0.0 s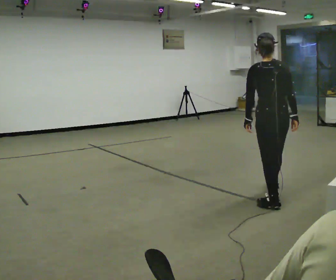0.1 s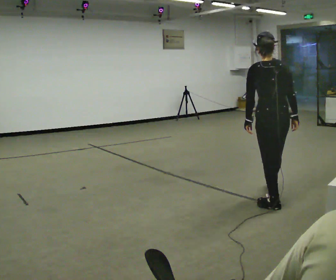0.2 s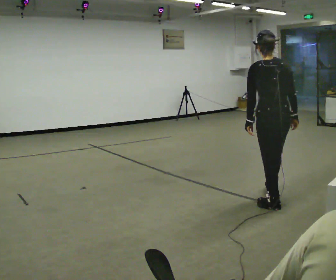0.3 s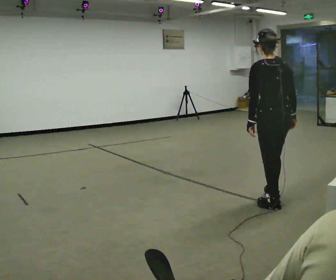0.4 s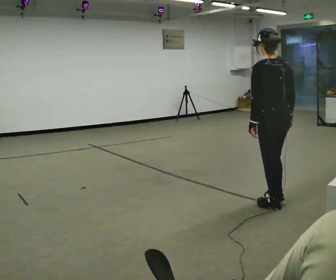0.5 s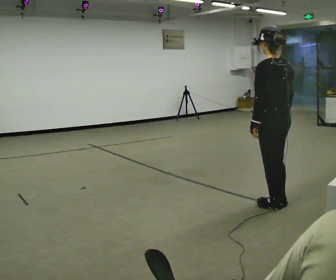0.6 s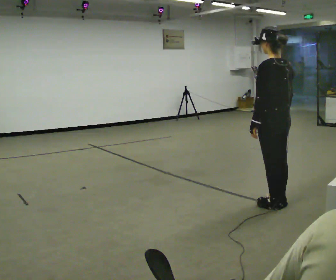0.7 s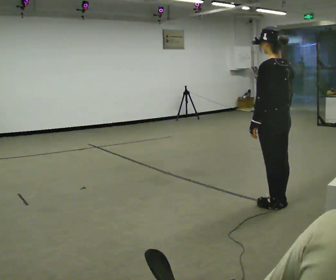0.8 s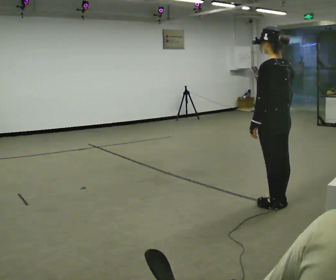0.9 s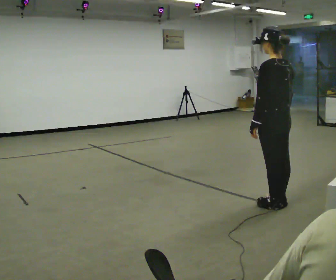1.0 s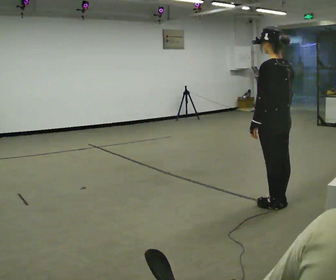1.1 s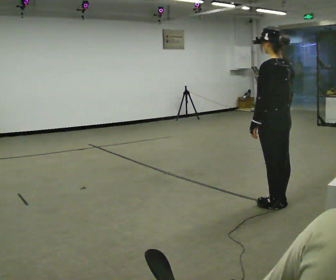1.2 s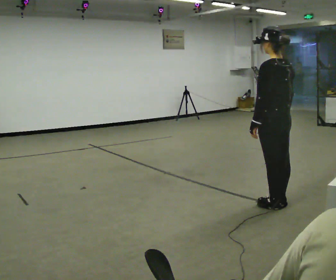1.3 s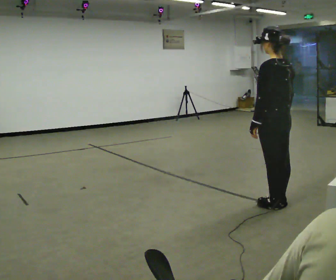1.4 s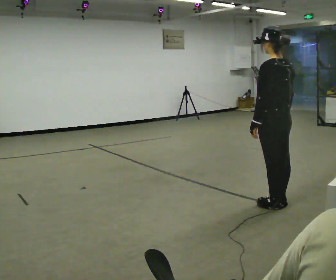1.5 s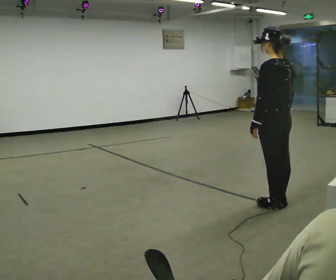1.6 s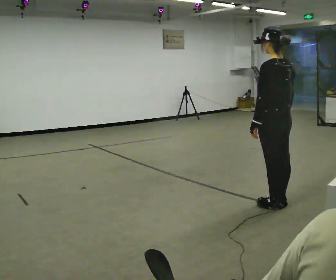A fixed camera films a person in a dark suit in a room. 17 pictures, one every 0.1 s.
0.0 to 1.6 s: The person turns about 30 degrees to their left, counterclockwise seen from above, so the part of the body nearest the lens slides to the right. In the picture they go toward the camera, about 0.25 m in 1 step, which for them is to their left and backward.
The film runs backward here.
